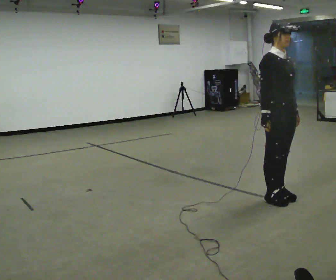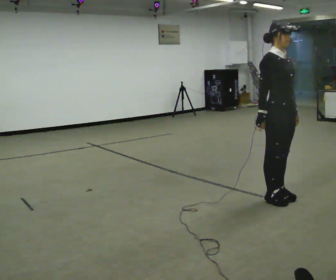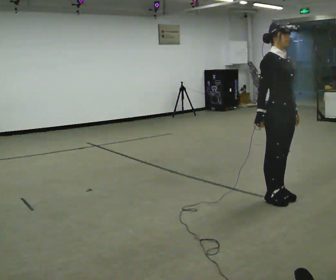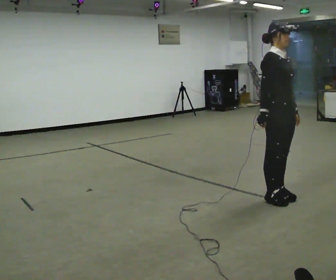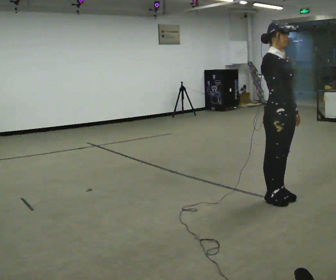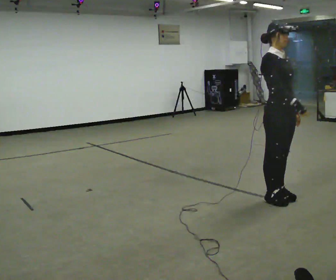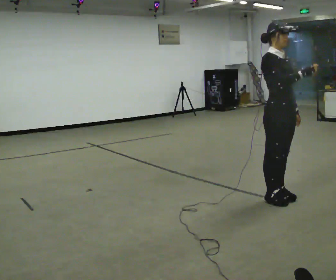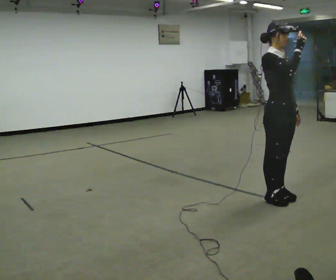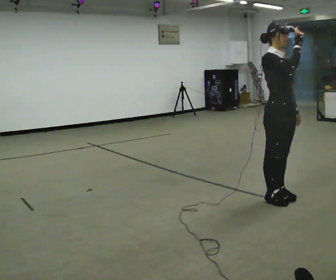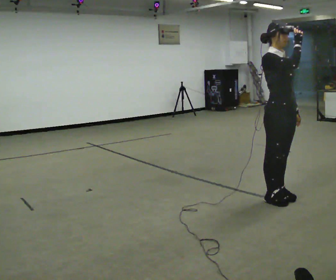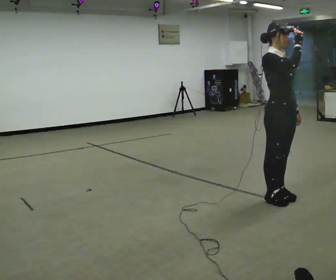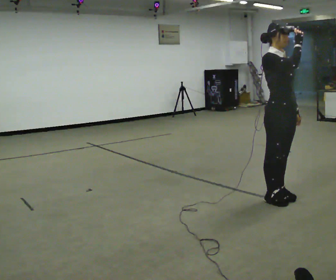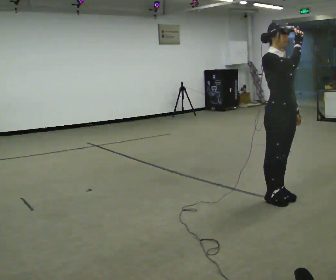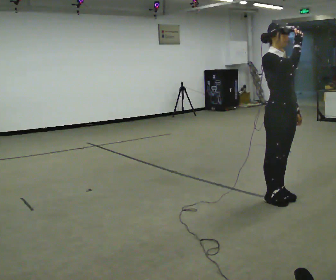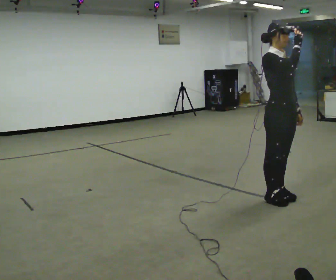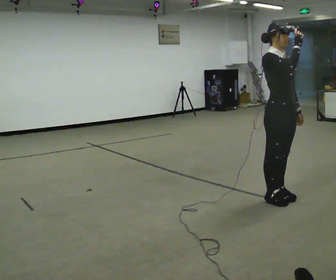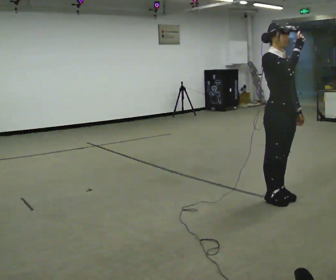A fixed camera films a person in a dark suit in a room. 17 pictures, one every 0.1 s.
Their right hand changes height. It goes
upward.
0.0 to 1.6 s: In the picture their right hand goes upward.
The film runs backward here.
